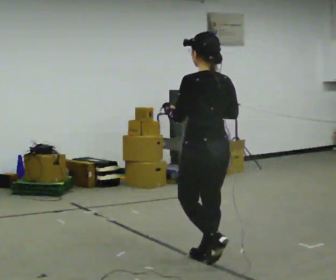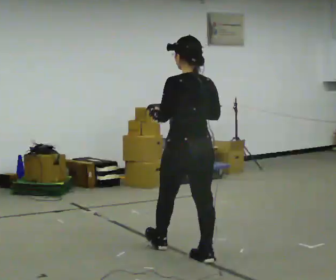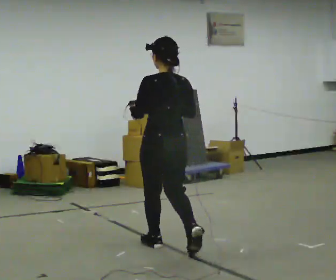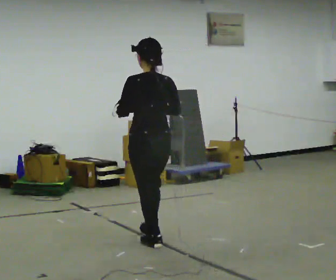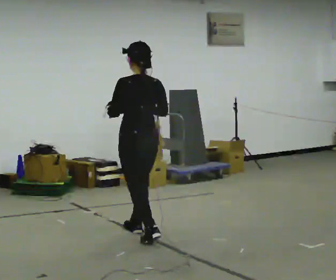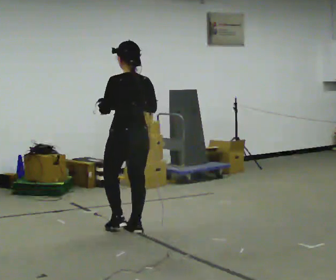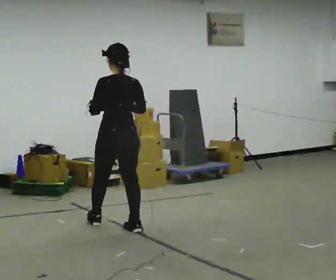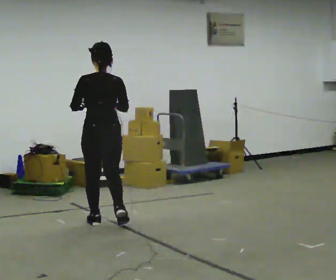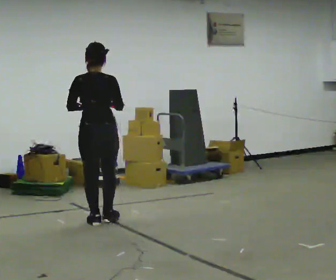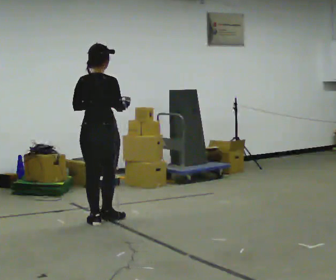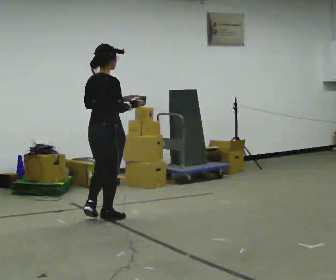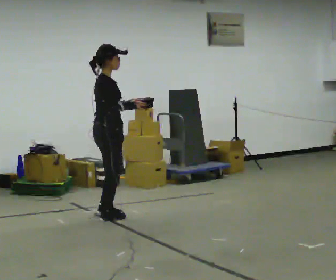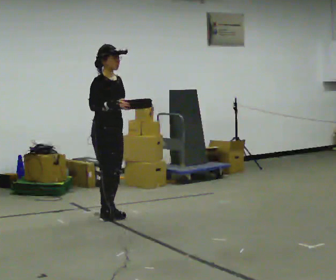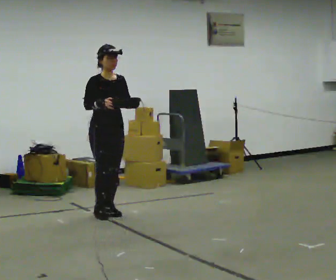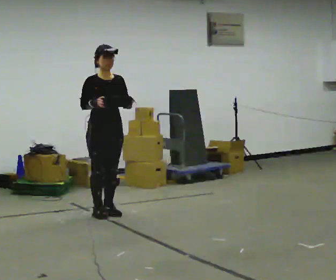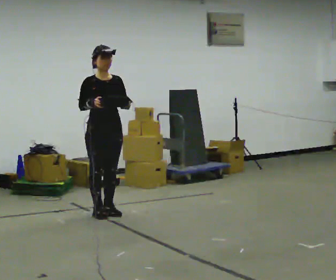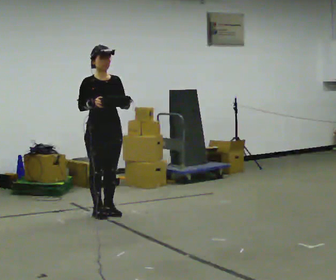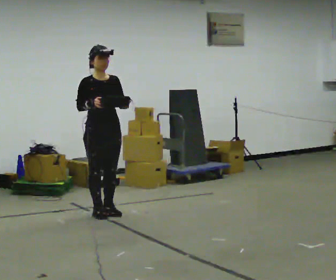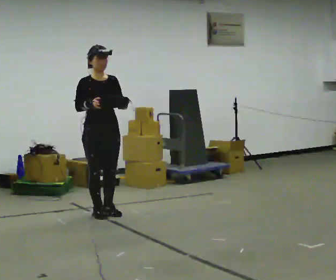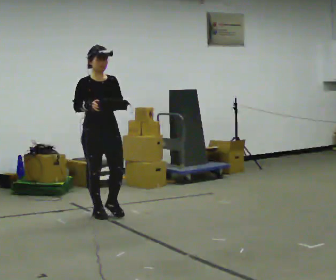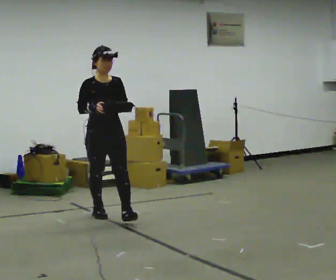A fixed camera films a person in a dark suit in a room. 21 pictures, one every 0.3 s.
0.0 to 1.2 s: In the picture they go away from the camera and to the left, about 1 m in 2 steps, which for them is forward.
1.2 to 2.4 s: The person turns about 30 degrees to their right, clockwise seen from above, so the part of the body nearest the lens slides to the left. In the picture they go away from the camera and to the left, about 0.5 m in 1 step, which for them is forward.
2.4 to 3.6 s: The person turns about 120 degrees to their right, clockwise seen from above, so the part of the body nearest the lens slides to the left. In the picture they go away from the camera, about 0.25 m in 2 steps.
3.6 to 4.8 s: The person turns about 30 degrees to their right, clockwise seen from above, so the part of the body nearest the lens slides to the left.
4.8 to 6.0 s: The person moves a little, or ends about where they began.
The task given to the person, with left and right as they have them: Carry the object across the room. The lid hangs loose and will swing, so carry it however works. Keep going until the operator says stop; one object at a time, and do not rush between trips.
The film runs forward here.
